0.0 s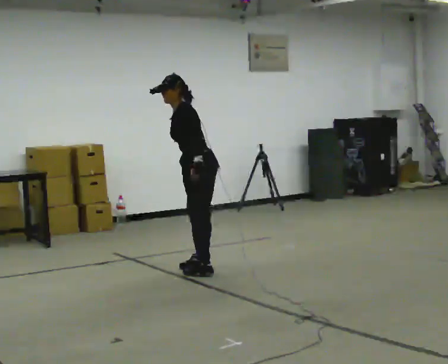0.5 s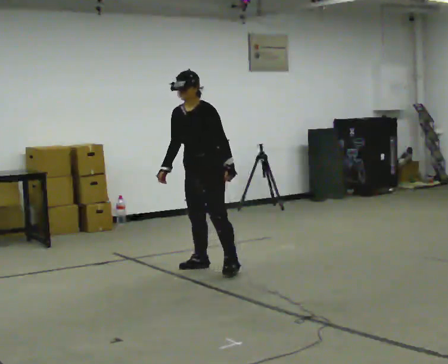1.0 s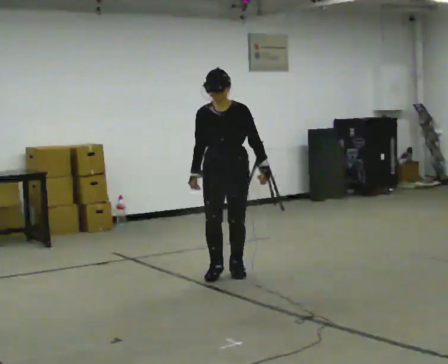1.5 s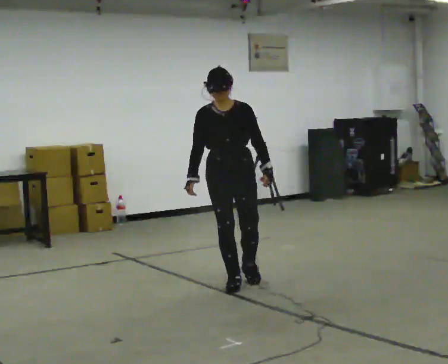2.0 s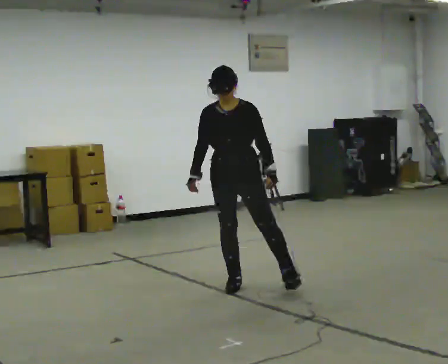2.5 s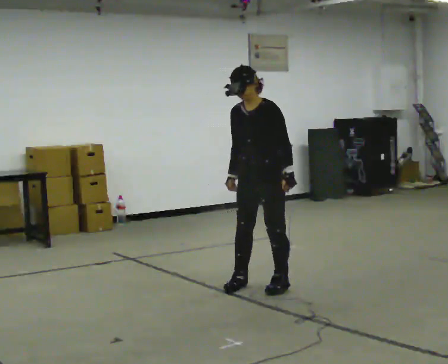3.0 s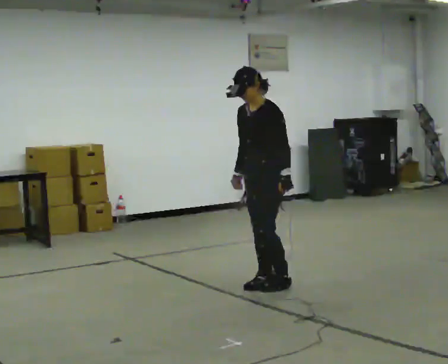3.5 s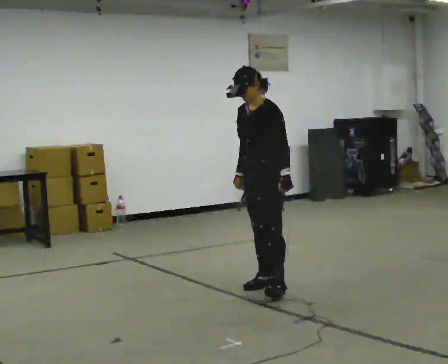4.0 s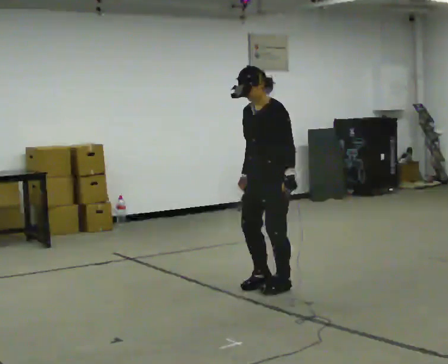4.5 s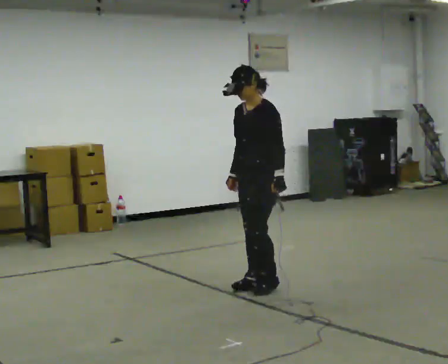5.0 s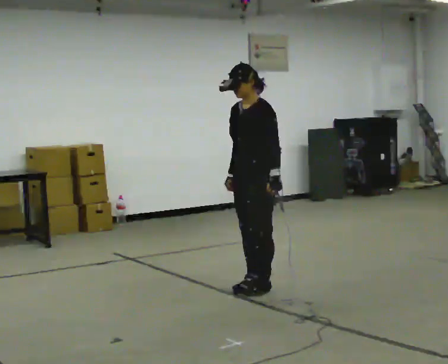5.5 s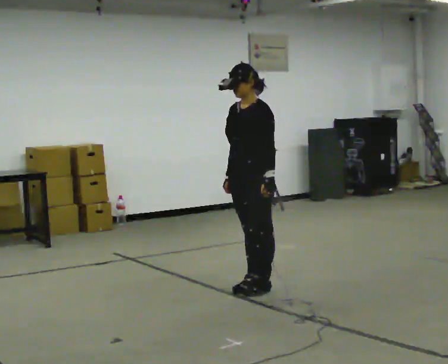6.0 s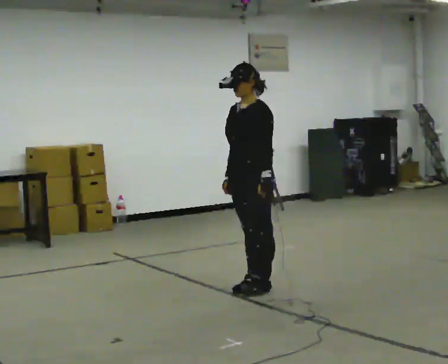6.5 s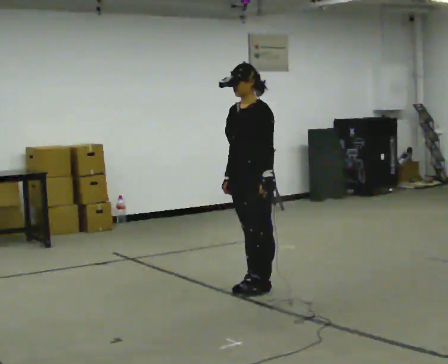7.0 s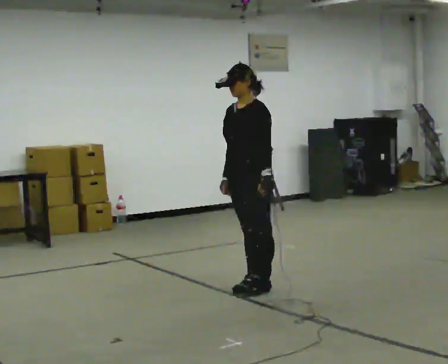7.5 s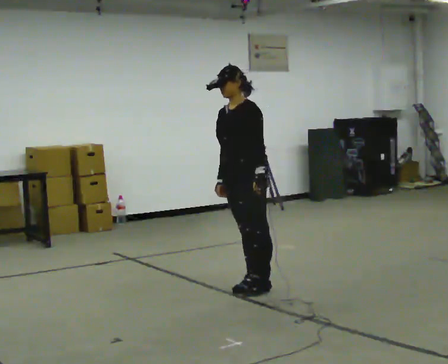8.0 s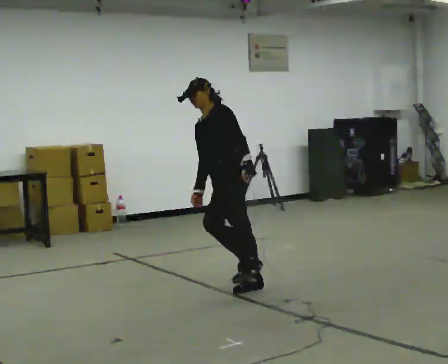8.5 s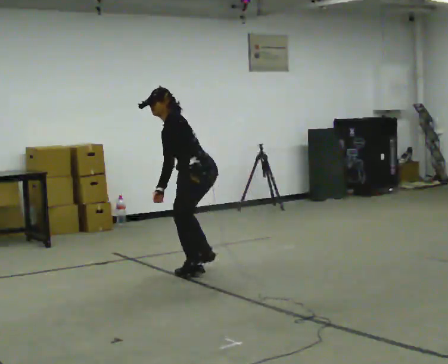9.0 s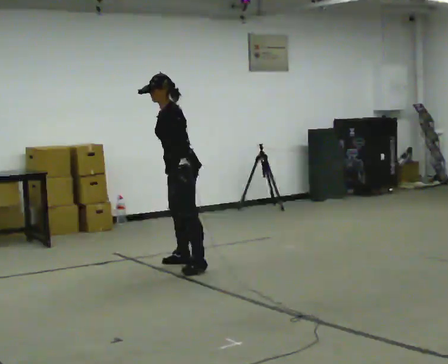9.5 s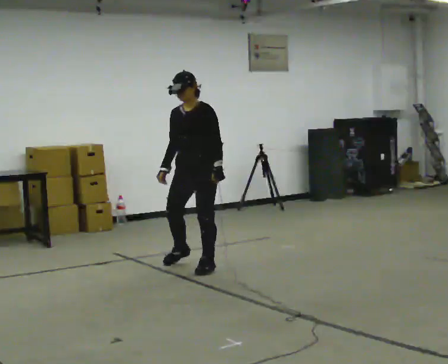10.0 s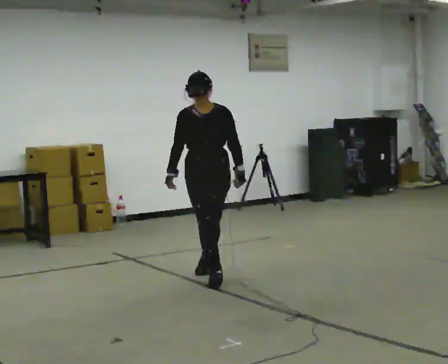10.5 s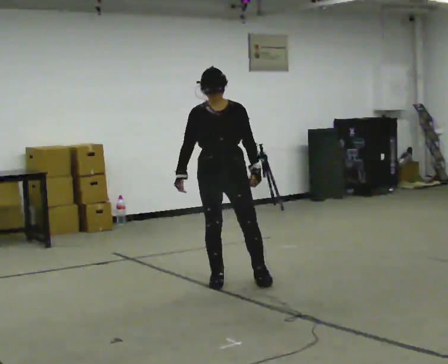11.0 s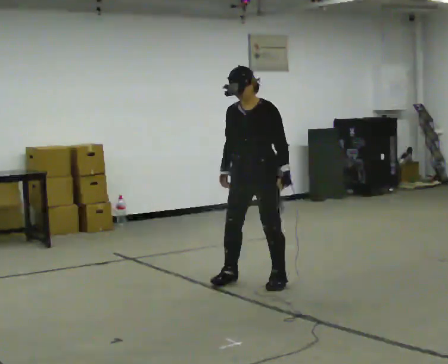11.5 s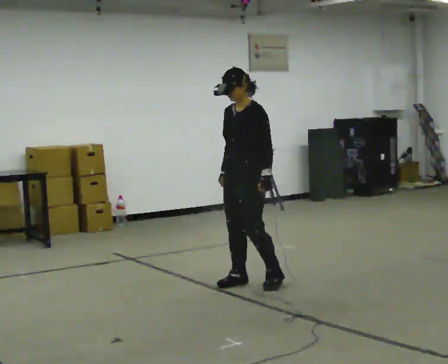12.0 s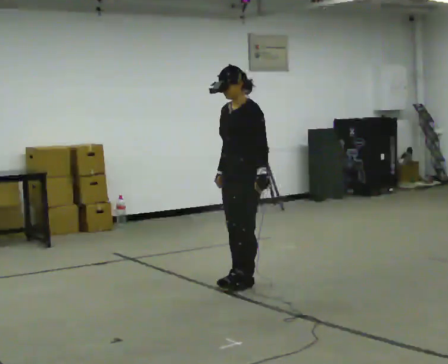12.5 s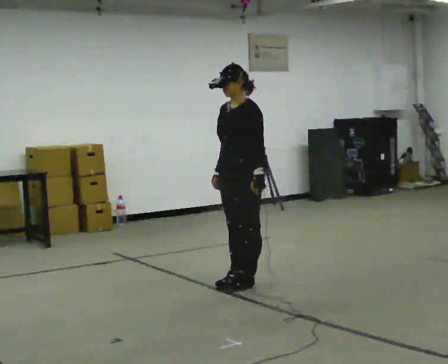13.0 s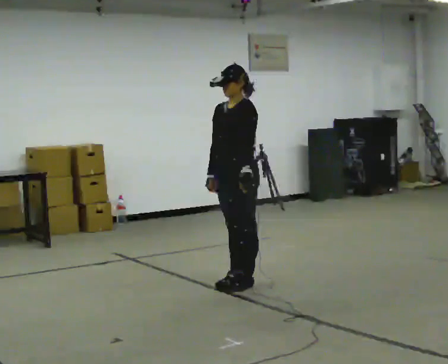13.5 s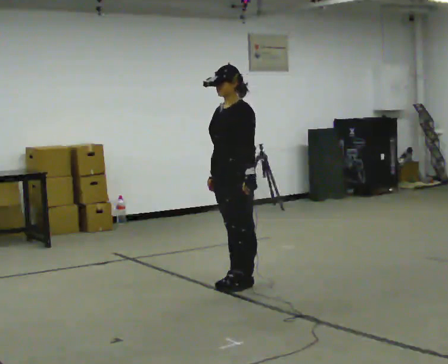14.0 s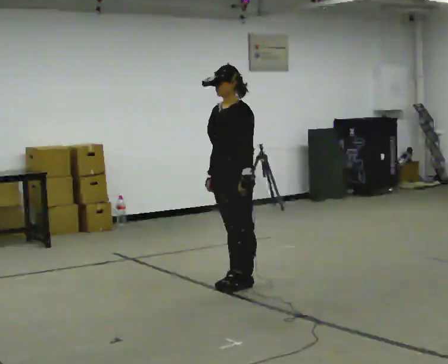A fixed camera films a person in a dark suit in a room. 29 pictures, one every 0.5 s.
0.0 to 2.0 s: Seen from above the body turns counterclockwise, about 75 degrees: to their left, with its near side sliding to the right. In the picture they go toward the camera and to the right, about 0.5 m in 3 steps. In the picture the upper body tilts clockwise, shoulders to the right.
2.0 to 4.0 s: The person turns about 30 degrees to their right, clockwise seen from above, so the part of the body nearest the lens slides to the left. In the picture they go to the right, about 0.25 m in 1 step, which for them is to their left and backward.
4.0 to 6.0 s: The person moves a little, or ends about where they began.
6.0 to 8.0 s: In the picture they go away from the camera and to the left, about 0.25 m, which for them is to their right. In the picture the upper body tilts counterclockwise, shoulders to the left, as they bend forward.
8.0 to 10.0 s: The person turns about 75 degrees to their left, counterclockwise seen from above, so the part of the body nearest the lens slides to the right. In the picture they go away from the camera and to the left, about 0.25 m in 4 steps.
10.0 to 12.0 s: The part of the body nearest the lens slides to the left as the person turns to their right by about 60 degrees. In the picture they go to the right and toward the camera, about 0.5 m in 3 steps.
12.0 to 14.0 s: The person moves a little, or ends about where they began.
The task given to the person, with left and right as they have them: Stand on the marked spots. Lean to the side the operator calls until you cannot hold it, then step to catch yourself. Return to the spots. Repeat at your own pace until the operator says stop. Go slowly and only as far as you are comfortable. Step whenever you need to; do not try to hold on longer than feels safe.
The film runs forward here.
